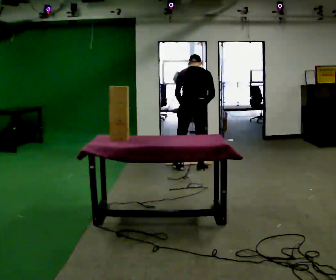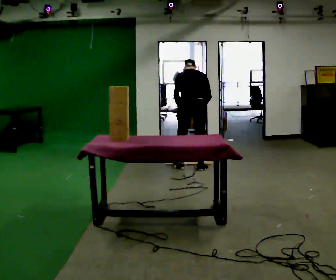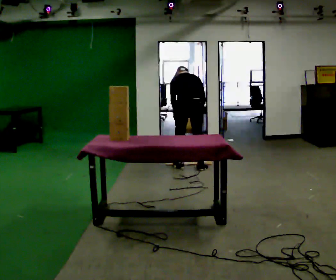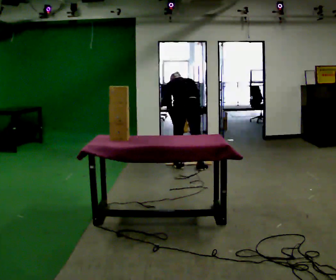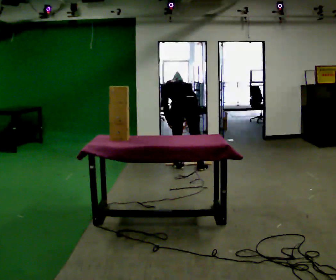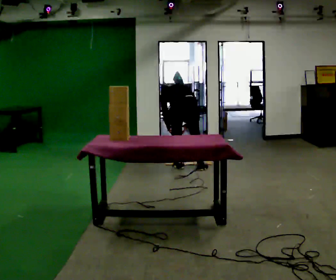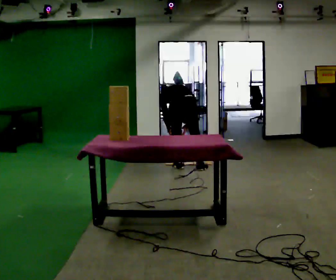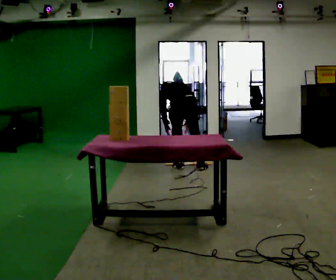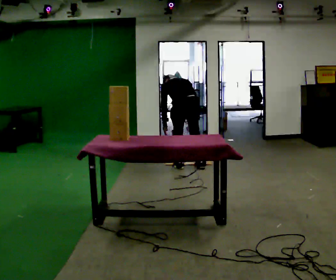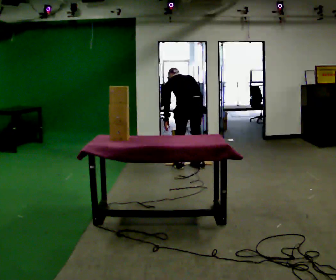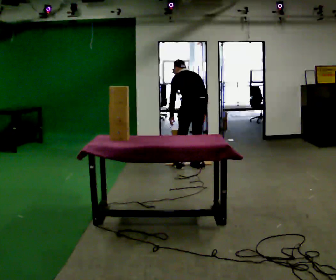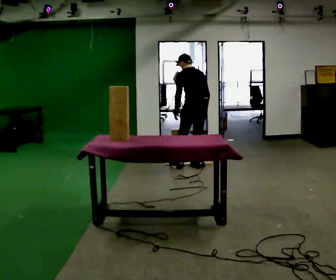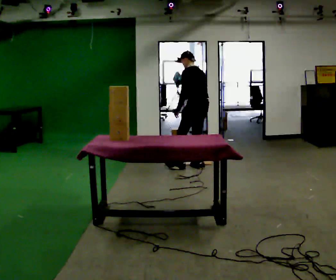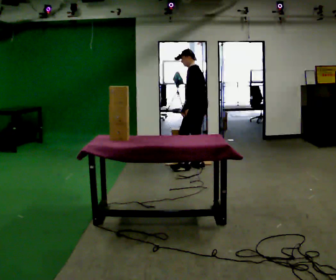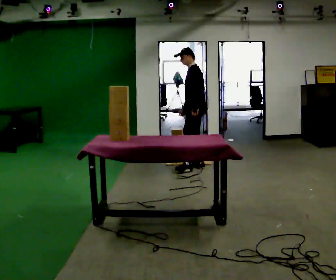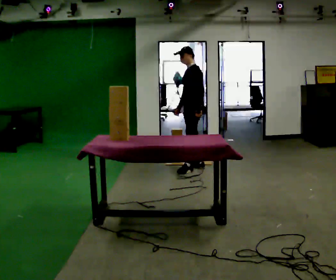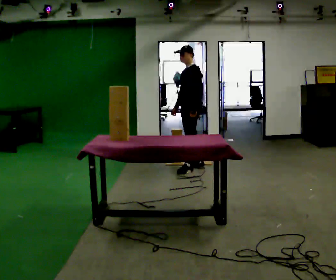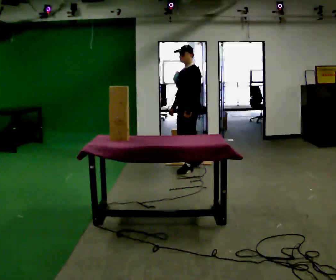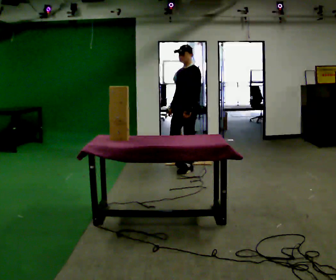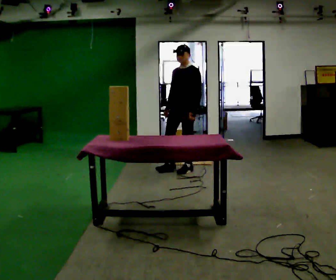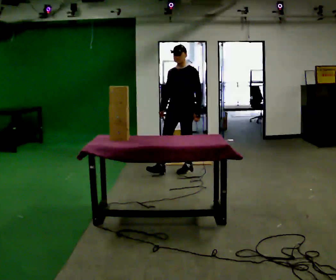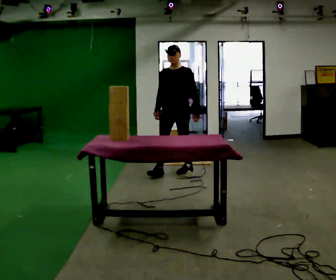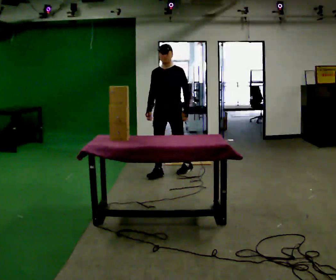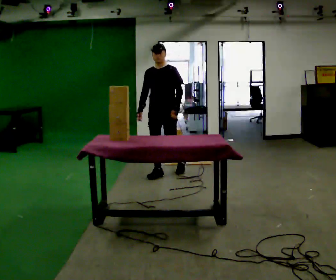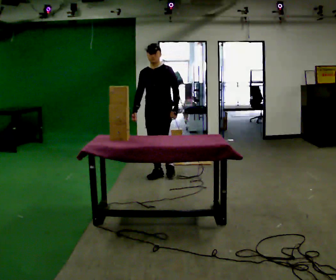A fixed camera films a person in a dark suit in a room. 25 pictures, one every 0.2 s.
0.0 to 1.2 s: The shoulders move downward. The upper body tips away from the camera, its near side rolling upward, as they bend forward. In the picture their left hand goes downward.
1.2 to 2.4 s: The part of the body nearest the lens slides to the right as the person turns to their left by about 45 degrees. In the picture they go to the right, about 0.25 m, which for them is to their right. The shoulders move upward. The upper body tips toward the camera, its near side rolling downward, as they lean back or straighten. In the picture their left hand goes upward.
2.4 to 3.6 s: Seen from above the body turns counterclockwise, about 75 degrees: to their left, with its near side sliding to the right. In the picture they go toward the camera and to the left, about 0.25 m in 1 step. In the picture their right hand goes to the left.
3.6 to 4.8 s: Seen from above the body turns counterclockwise, about 30 degrees: to their left, with its near side sliding to the right. In the picture they go to the left and toward the camera, about 0.5 m in 1 step, which for them is forward and to their right.
The film runs forward here.
